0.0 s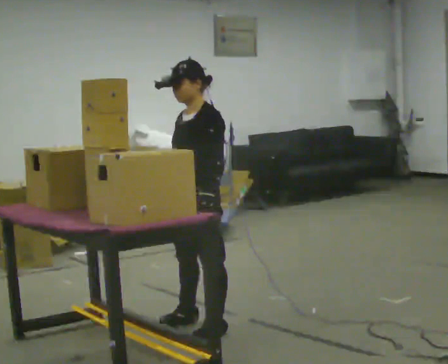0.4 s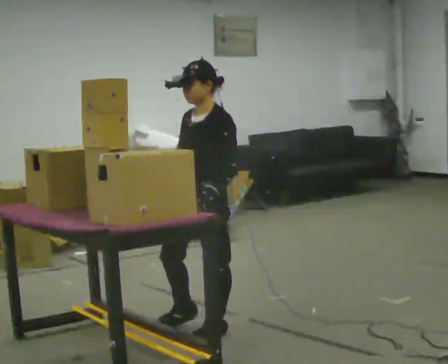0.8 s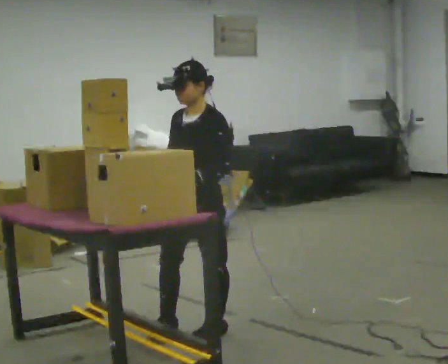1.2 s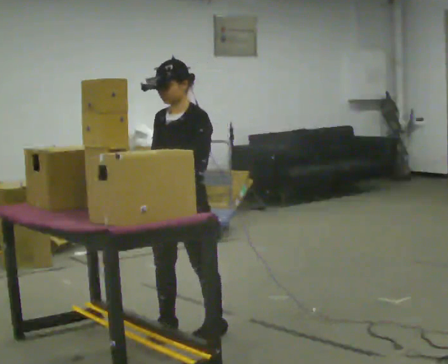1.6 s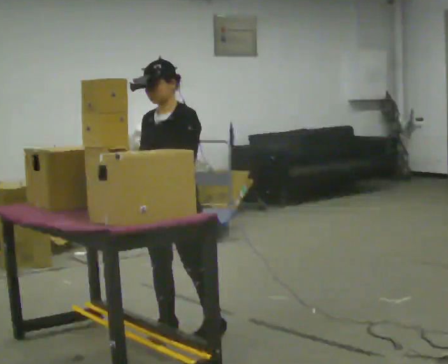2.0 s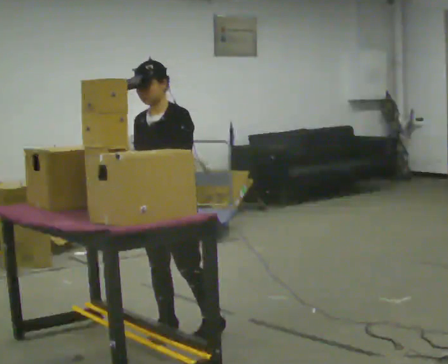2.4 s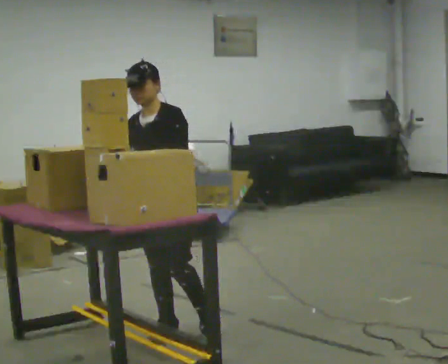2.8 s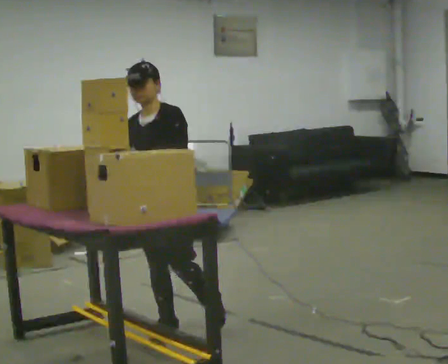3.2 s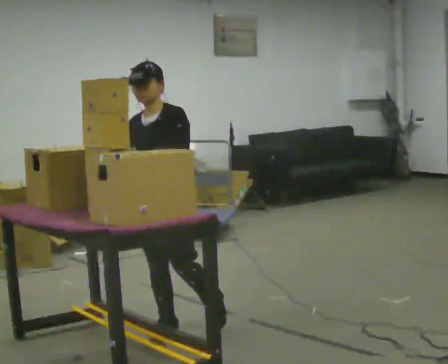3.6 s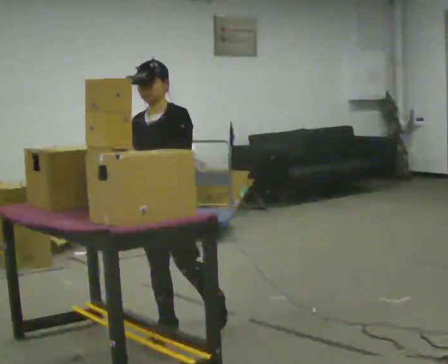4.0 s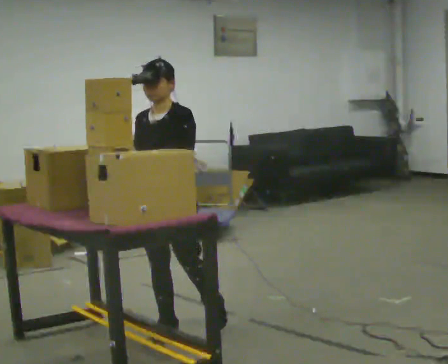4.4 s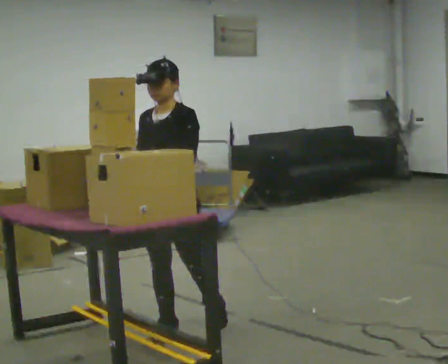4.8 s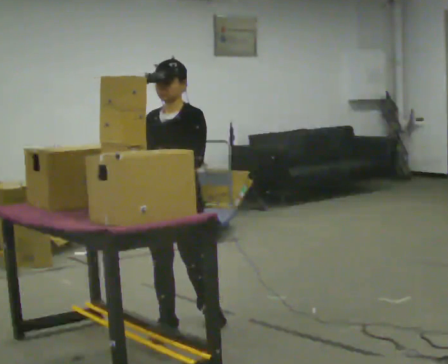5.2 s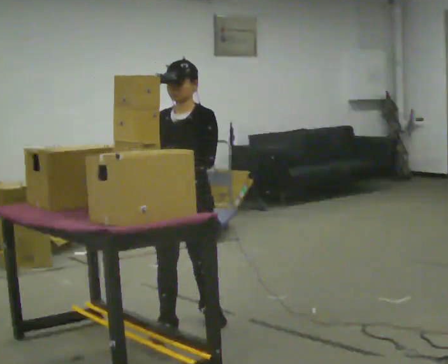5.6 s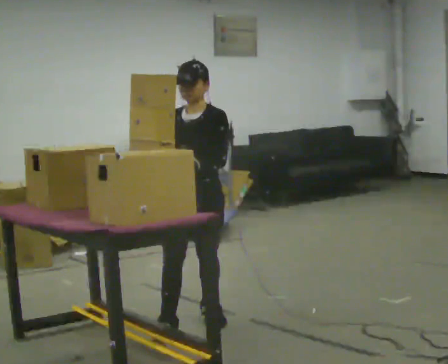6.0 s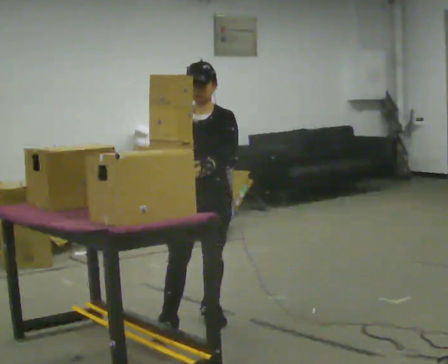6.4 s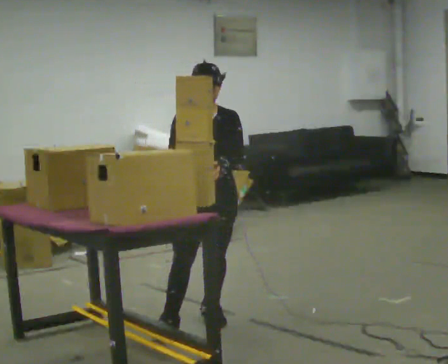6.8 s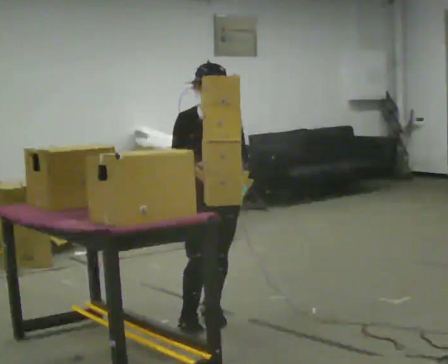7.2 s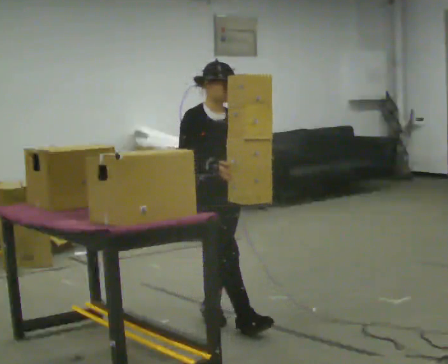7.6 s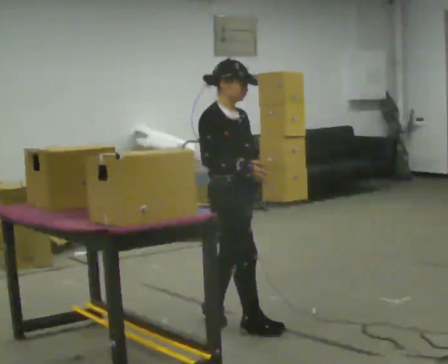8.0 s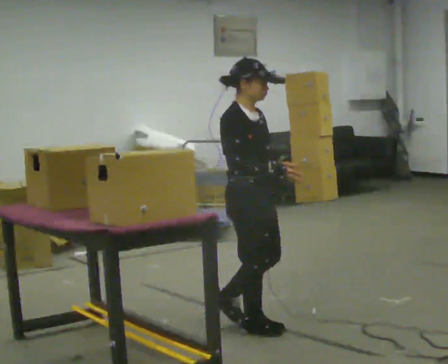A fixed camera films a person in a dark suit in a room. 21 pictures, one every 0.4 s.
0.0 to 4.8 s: The person turns about 30 degrees to their left, counterclockwise seen from above, so the part of the body nearest the lens slides to the right.
4.8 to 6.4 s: The person turns about 30 degrees to their left, counterclockwise seen from above, so the part of the body nearest the lens slides to the right. In the picture they go to the right, about 0.25 m, which for them is backward.
6.4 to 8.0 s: The person turns about 60 degrees to their left, counterclockwise seen from above, so the part of the body nearest the lens slides to the right. In the picture they go toward the camera, about 0.25 m in 1 step.
The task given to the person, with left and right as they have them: Carry the object over and fit it into the gap between the two boxes already on the shelf, without touching either of them. Keep going until the operator says stop; one object at a time, and do not rush between trips.
The film runs forward here.
